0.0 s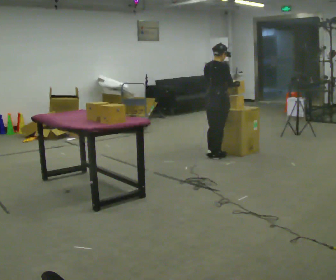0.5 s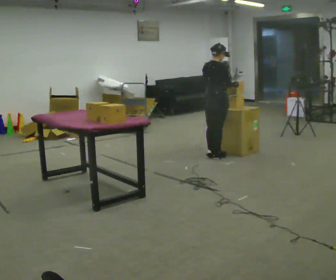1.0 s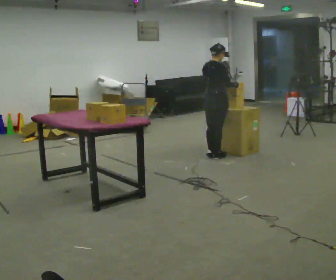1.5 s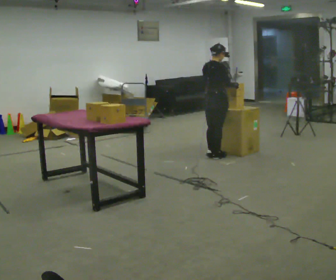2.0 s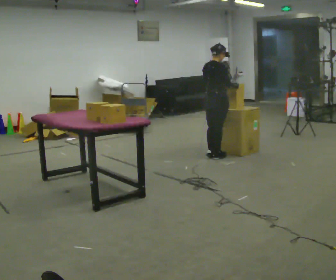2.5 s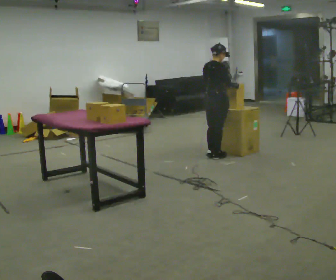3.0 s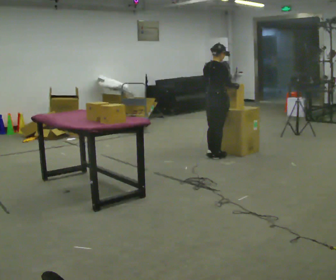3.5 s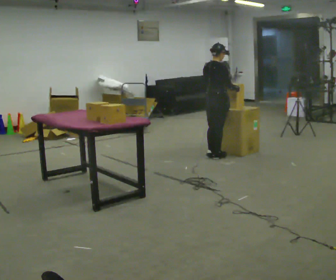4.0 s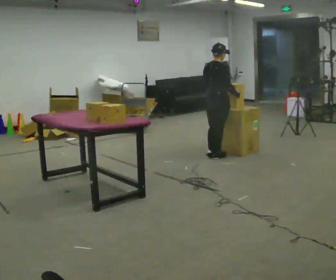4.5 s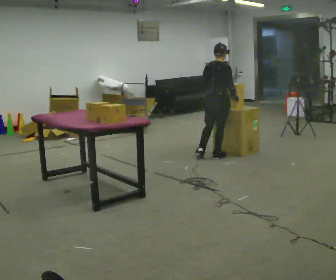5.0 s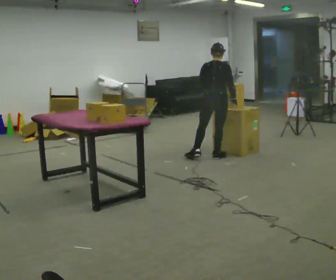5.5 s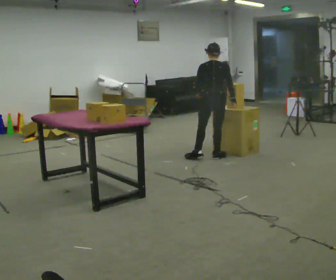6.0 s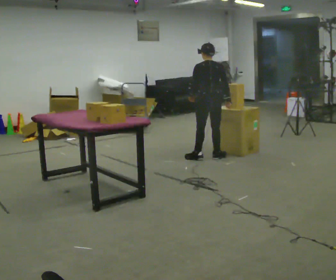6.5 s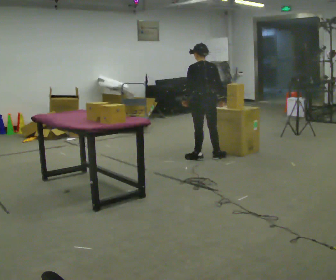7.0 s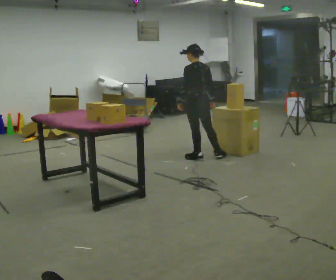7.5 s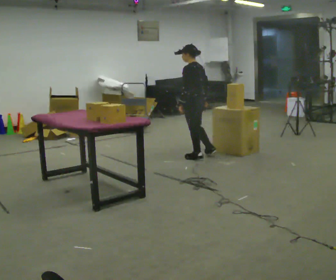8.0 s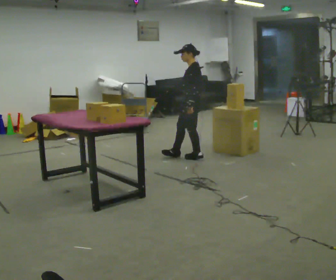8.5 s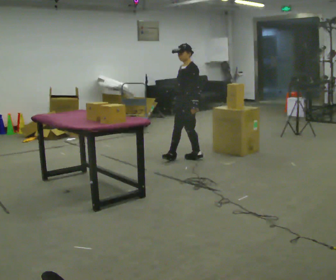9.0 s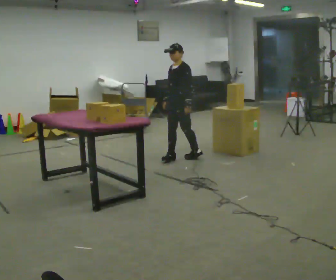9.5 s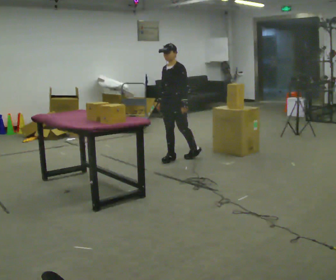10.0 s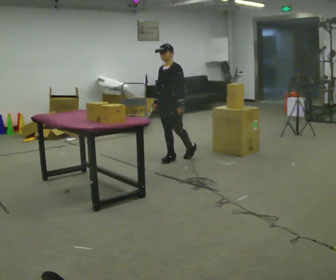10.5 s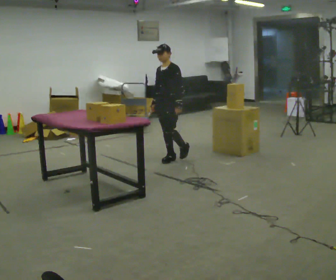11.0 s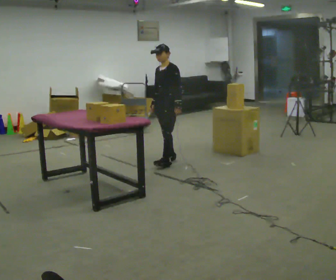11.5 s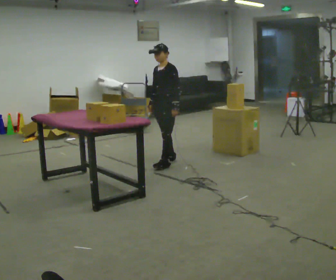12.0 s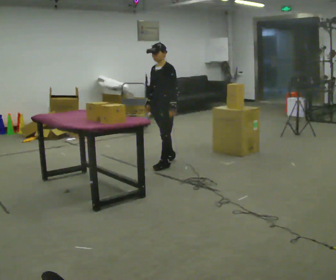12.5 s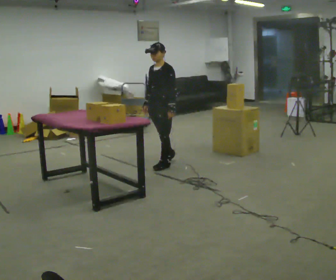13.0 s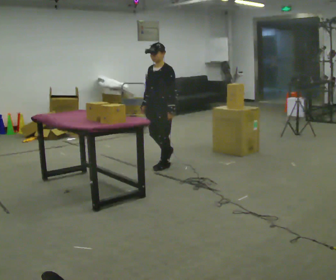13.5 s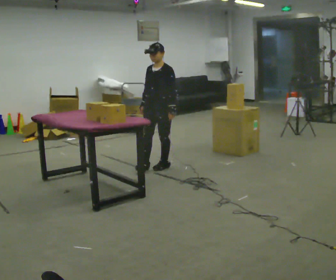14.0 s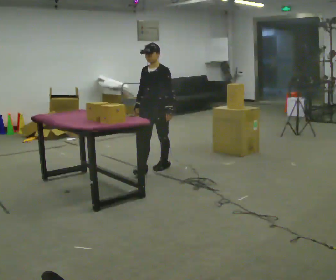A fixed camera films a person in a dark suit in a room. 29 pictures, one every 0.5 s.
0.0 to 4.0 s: The person moves a little, or ends about where they began.
4.0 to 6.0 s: Seen from above the body turns counterclockwise, about 45 degrees: to their left, with its near side sliding to the right. In the picture their left hand goes to the left.
6.0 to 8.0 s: Seen from above the body turns counterclockwise, about 90 degrees: to their left, with its near side sliding to the right. In the picture they go to the left, about 0.25 m.
8.0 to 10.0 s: The person turns about 45 degrees to their left, counterclockwise seen from above, so the part of the body nearest the lens slides to the right. In the picture they go to the left, about 0.25 m in 1 step, which for them is forward and to their right.
10.0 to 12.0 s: In the picture they go toward the camera, about 0.25 m in 1 step, which for them is forward.
12.0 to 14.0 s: In the picture they go toward the camera, about 0.25 m in 1 step, which for them is forward.
The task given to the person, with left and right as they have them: 1. Move all 12 boxes from the shelf at one end of the room to the shelf at the other end. 2. The cart is not available today, so carry them. 3. Tell the operator when you are finished.
The film runs forward here.
